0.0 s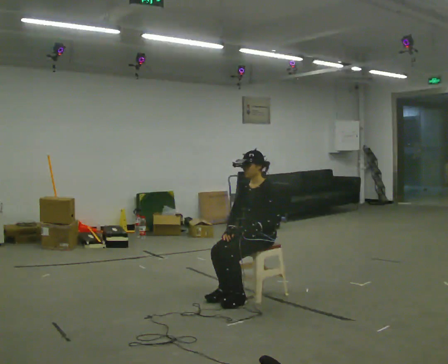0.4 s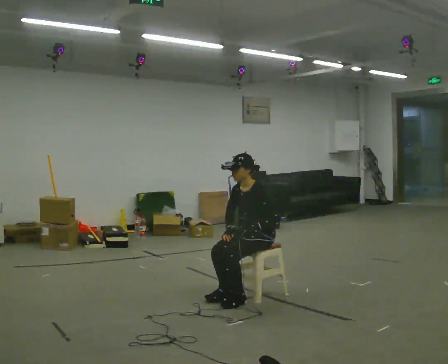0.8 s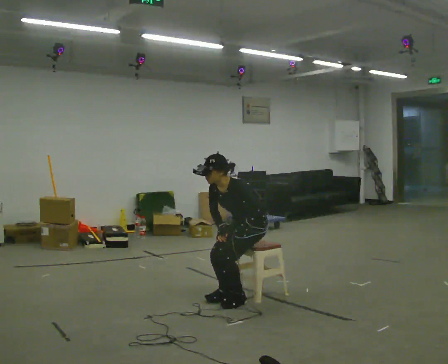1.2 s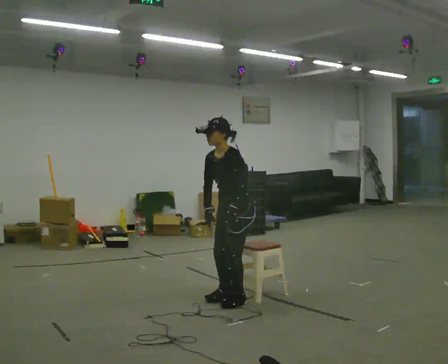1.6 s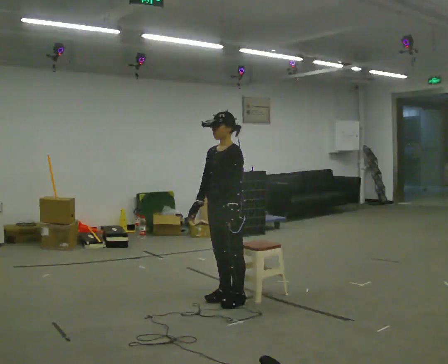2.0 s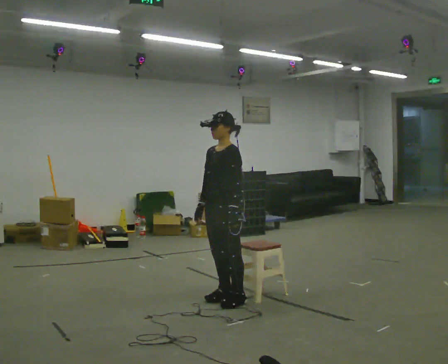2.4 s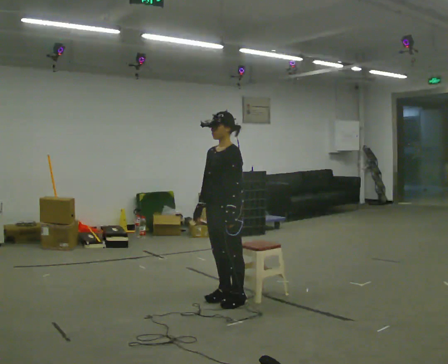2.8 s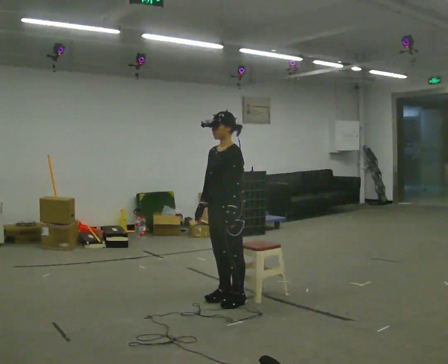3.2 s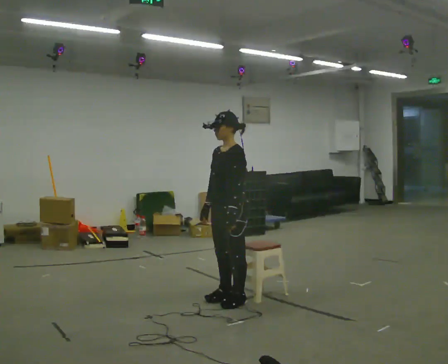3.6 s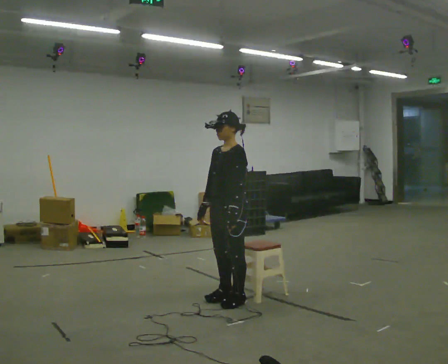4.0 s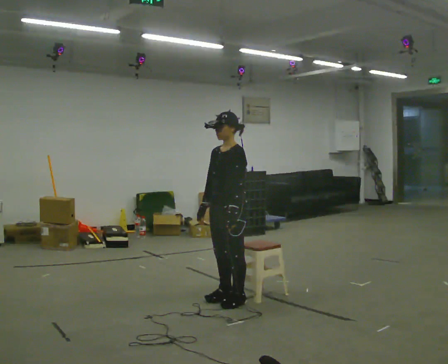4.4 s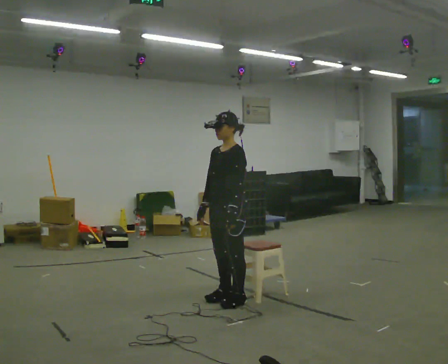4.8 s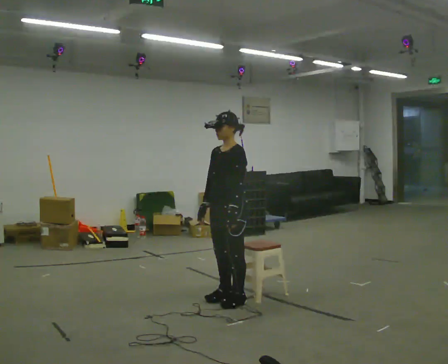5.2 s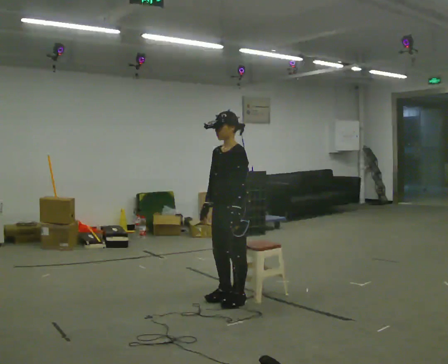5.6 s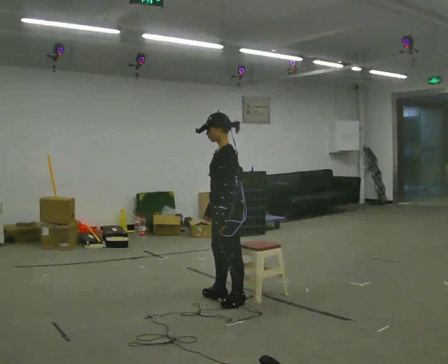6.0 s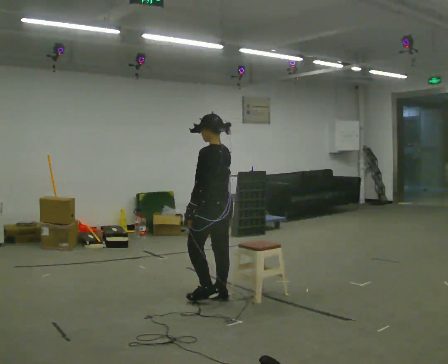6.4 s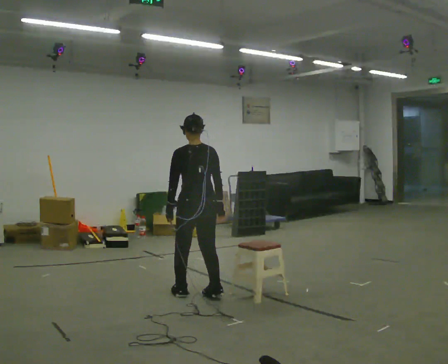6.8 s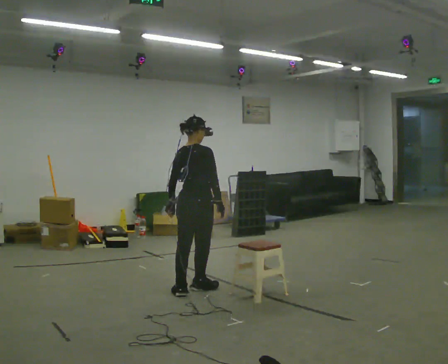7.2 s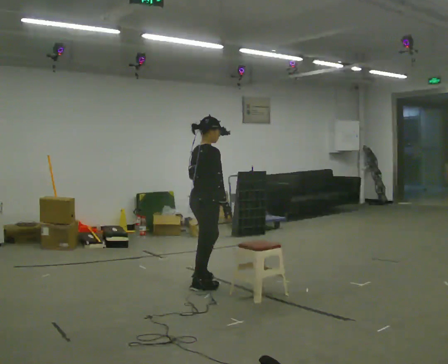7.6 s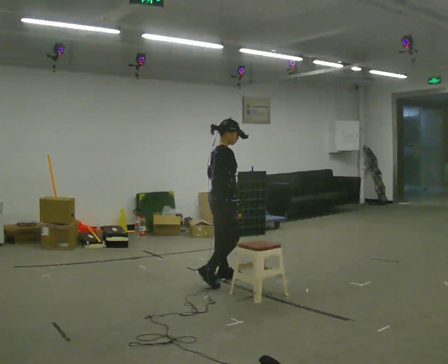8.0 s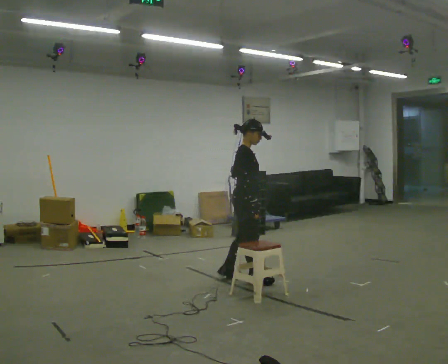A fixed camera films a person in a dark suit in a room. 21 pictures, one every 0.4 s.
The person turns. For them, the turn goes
to their right.
The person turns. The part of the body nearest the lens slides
to the left.
0.0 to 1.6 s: In the picture they go to the left and toward the camera, about 0.25 m, which for them is forward. The shoulders move upward.
1.6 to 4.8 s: The person moves a little, or ends about where they began.
4.8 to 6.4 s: The person turns about 105 degrees to their right, clockwise seen from above, so the part of the body nearest the lens slides to the left. In the picture they go to the left and away from the camera, about 0.25 m in 1 step.
6.4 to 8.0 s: The person turns about 105 degrees to their right, clockwise seen from above, so the part of the body nearest the lens slides to the left. In the picture they go away from the camera and to the right, about 0.75 m in 3 steps.
The film runs forward here.
